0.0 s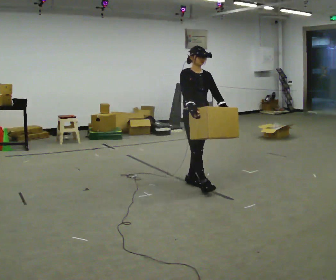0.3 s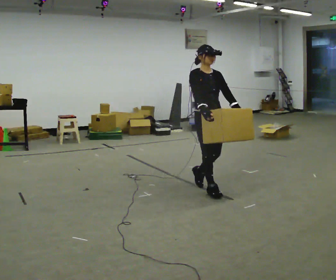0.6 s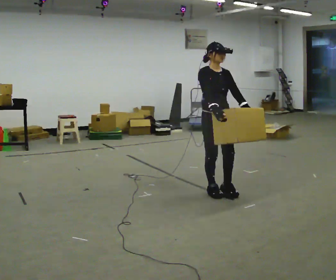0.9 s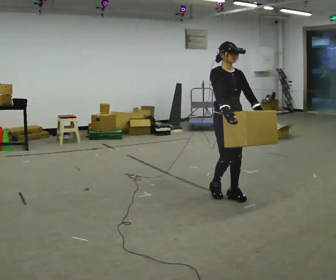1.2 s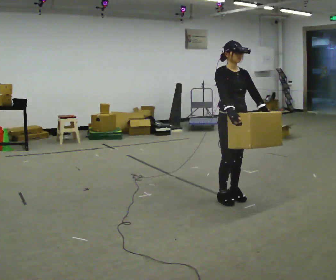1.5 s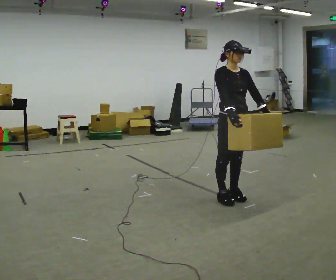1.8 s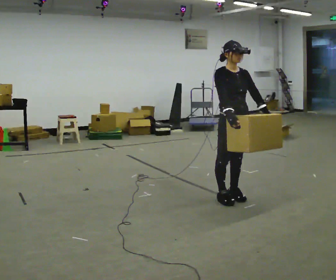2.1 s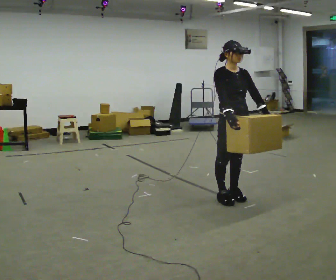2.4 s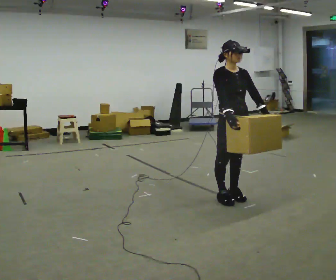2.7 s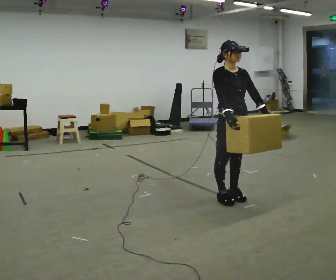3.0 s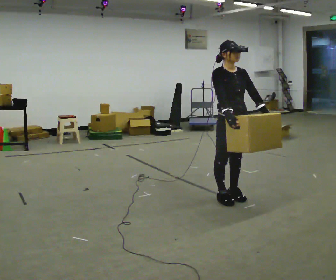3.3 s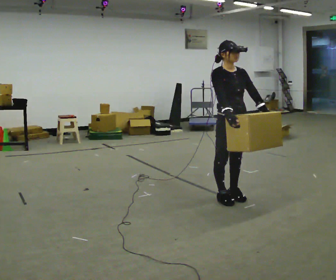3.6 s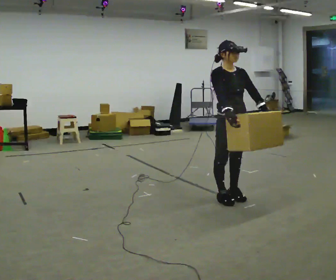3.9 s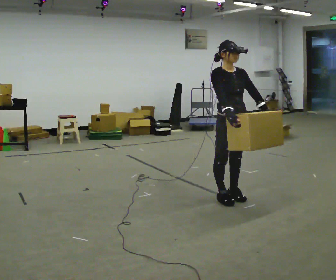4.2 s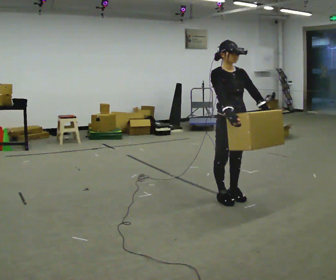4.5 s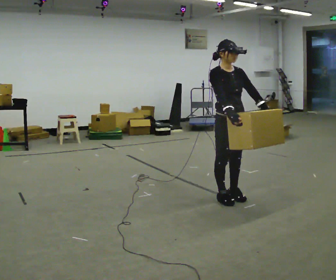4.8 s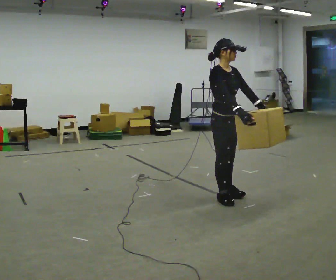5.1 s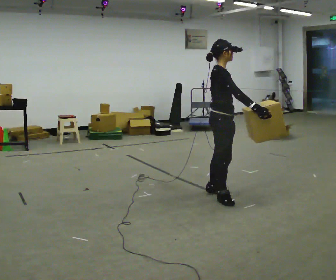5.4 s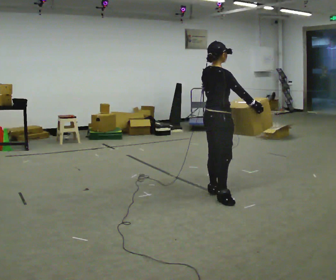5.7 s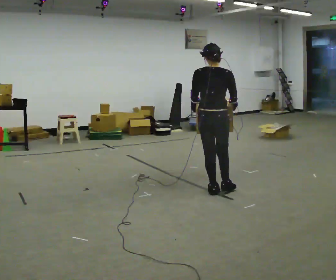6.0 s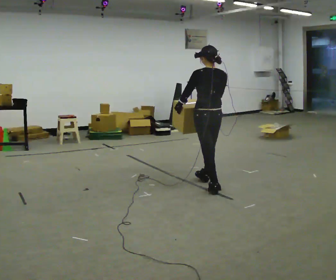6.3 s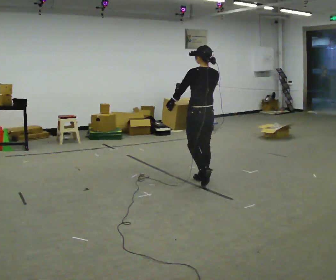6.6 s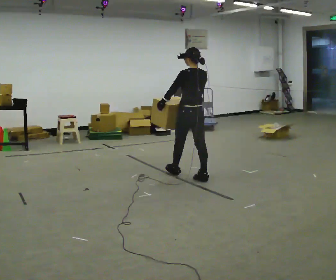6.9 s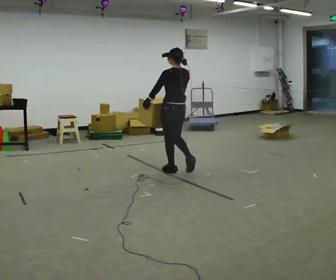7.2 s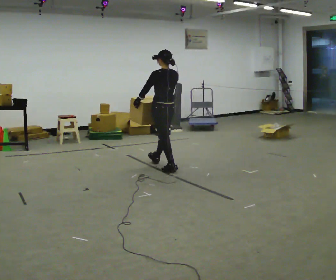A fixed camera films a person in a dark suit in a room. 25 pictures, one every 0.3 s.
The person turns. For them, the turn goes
to their left.
The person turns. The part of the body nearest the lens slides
to the right.
0.0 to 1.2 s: In the picture they go to the right and toward the camera, about 0.5 m in 3 steps, which for them is forward.
1.2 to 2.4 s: The person moves a little, or ends about where they began.
2.4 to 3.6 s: The person keeps their place and pose.
3.6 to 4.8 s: The part of the body nearest the lens slides to the right as the person turns to their left by about 30 degrees.
4.8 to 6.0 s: Seen from above the body turns counterclockwise, about 150 degrees: to their left, with its near side sliding to the right. In the picture they go away from the camera and to the left, about 0.5 m in 2 steps.
6.0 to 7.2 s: In the picture they go to the left and away from the camera, about 1 m in 1 step, which for them is forward.
The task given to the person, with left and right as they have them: Carry the heaviest box in both hands in front of you, walking back and forth across the room. Only carry what is comfortable. Set it down whenever you need to.
The film runs forward here.
